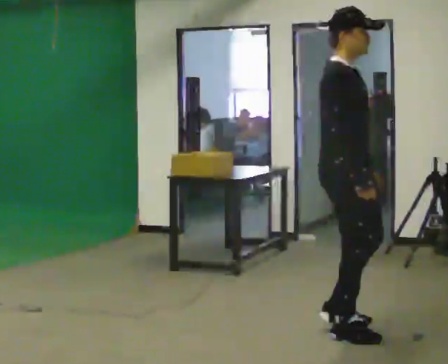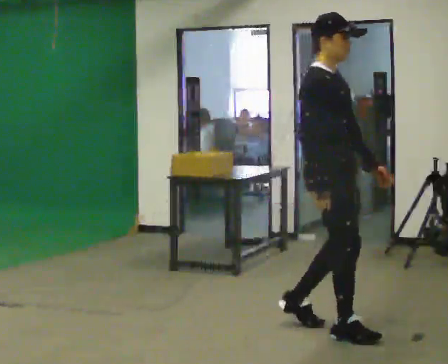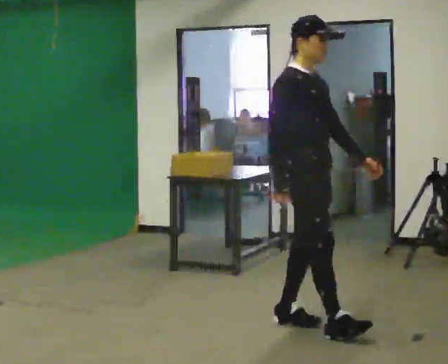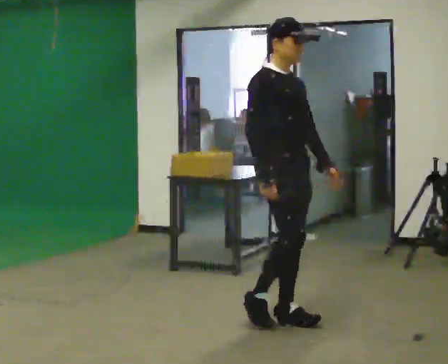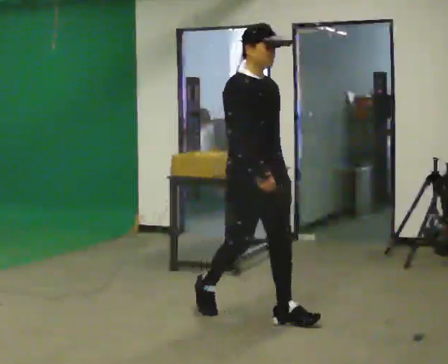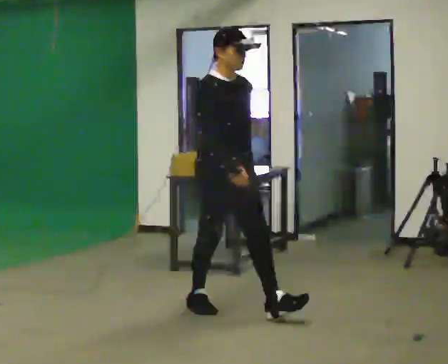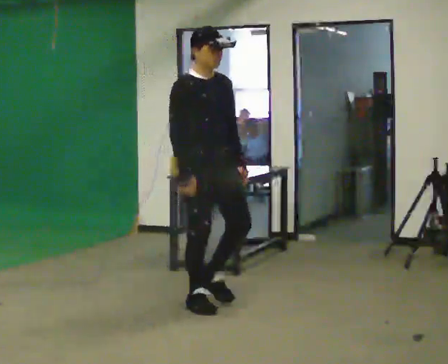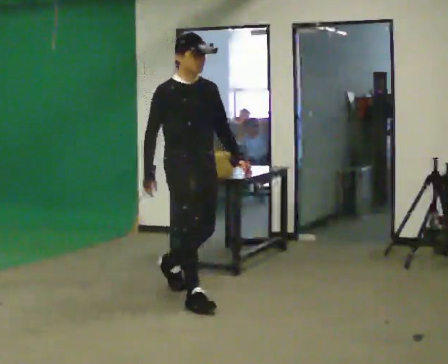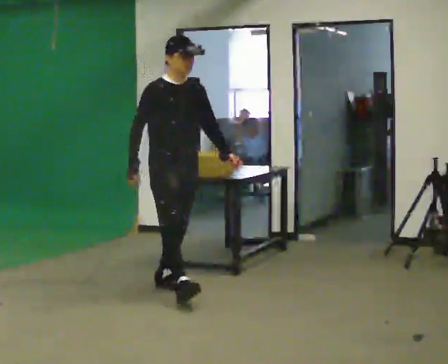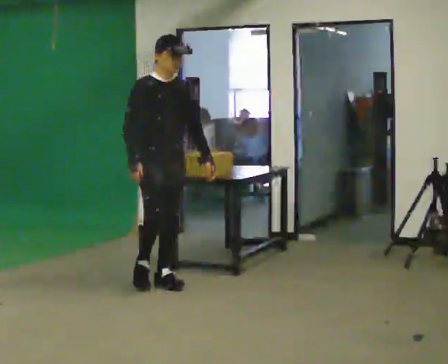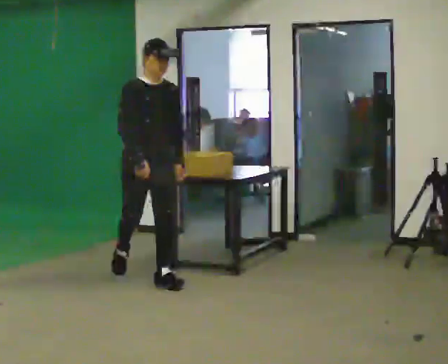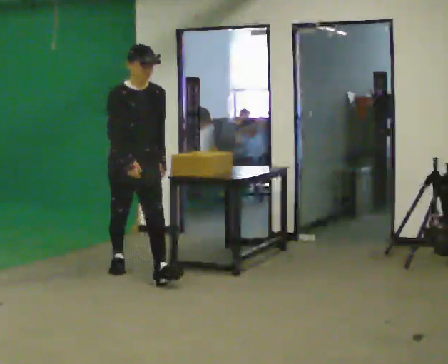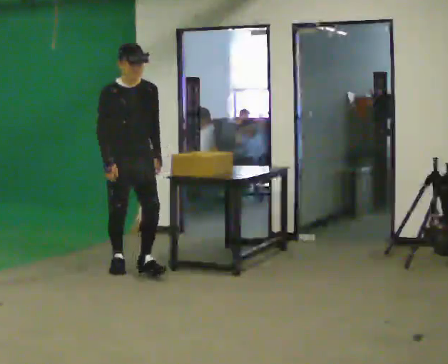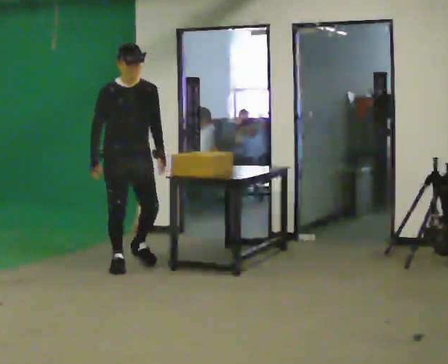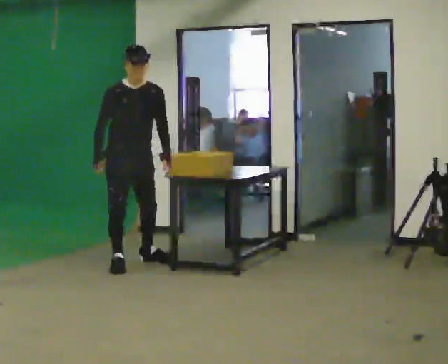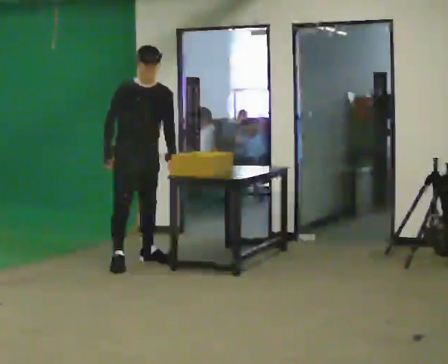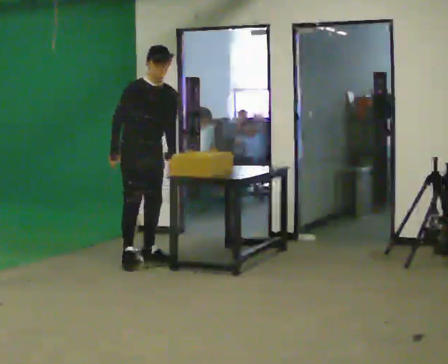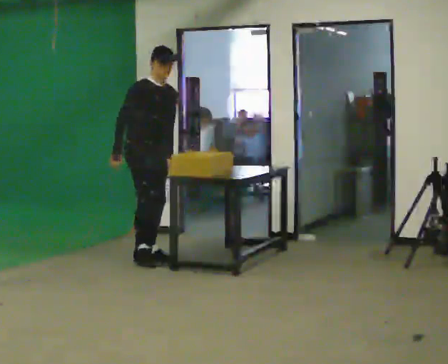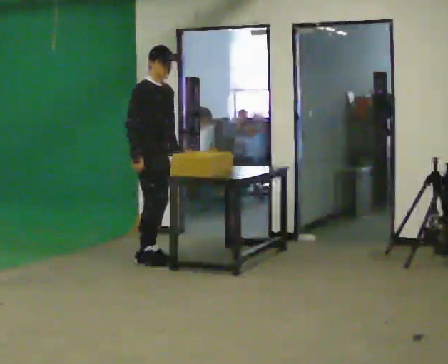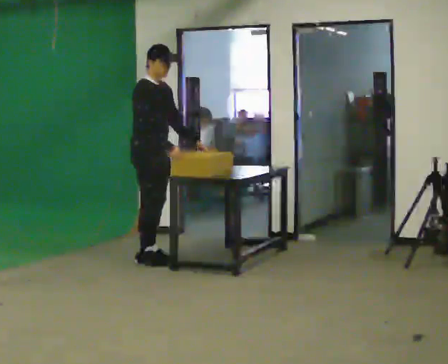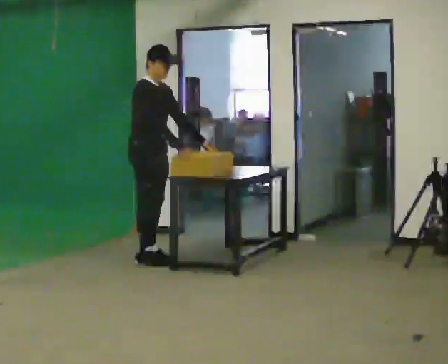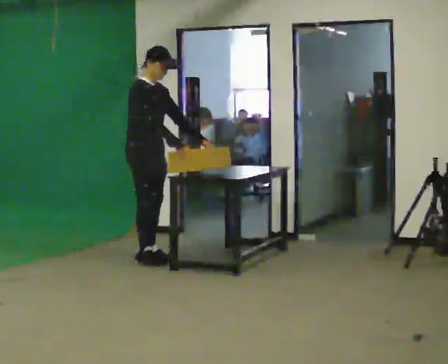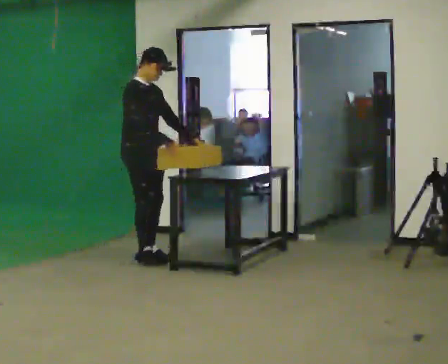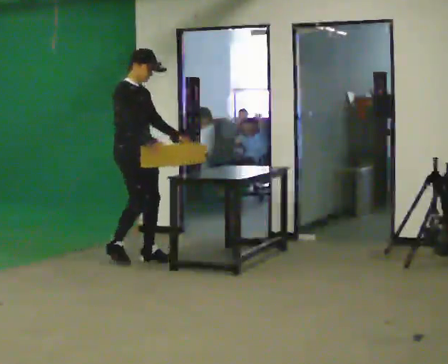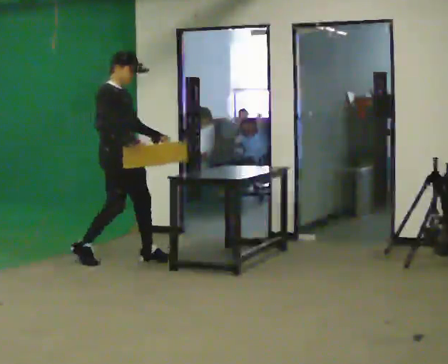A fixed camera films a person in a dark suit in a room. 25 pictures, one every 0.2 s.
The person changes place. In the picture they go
away from the camera.
0.0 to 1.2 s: The person turns about 30 degrees to their right, clockwise seen from above, so the part of the body nearest the lens slides to the left. In the picture they go away from the camera and to the left, about 1 m in 2 steps, which for them is backward.
1.2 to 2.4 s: In the picture they go away from the camera and to the left, about 1.5 m in 2 steps, which for them is backward.
2.4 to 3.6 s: Seen from above the body turns counterclockwise, about 30 degrees: to their left, with its near side sliding to the right. In the picture they go away from the camera, about 0.5 m in 1 step, which for them is backward and to their left.
3.6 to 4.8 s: In the picture they go to the left, about 0.25 m in 1 step, which for them is backward and to their right.
The film runs backward here.
